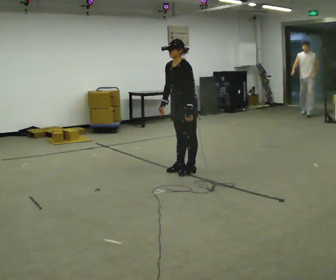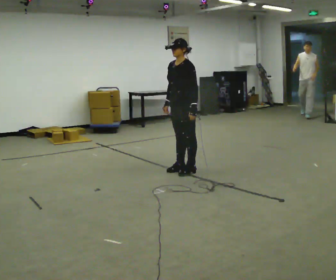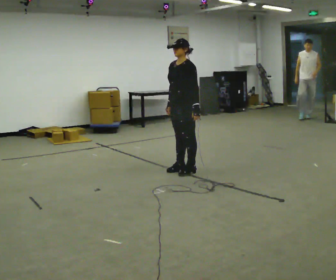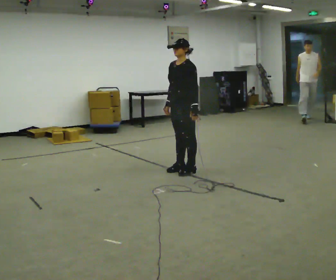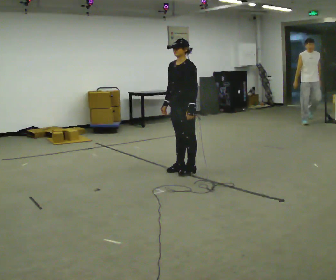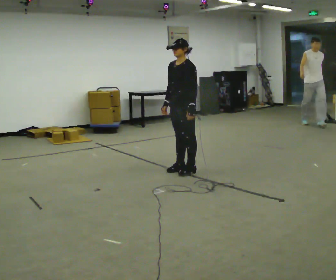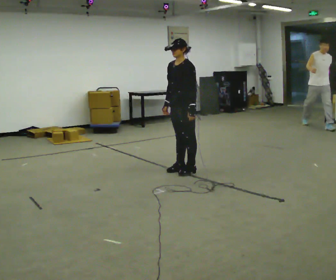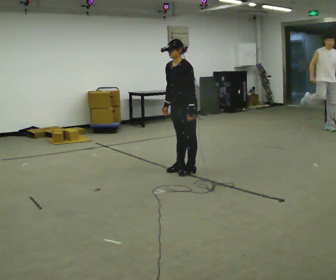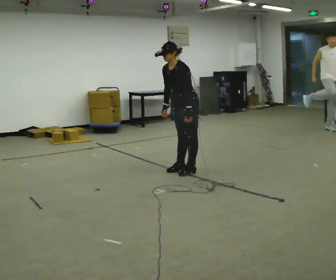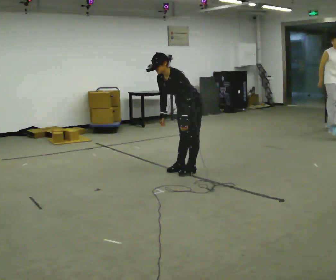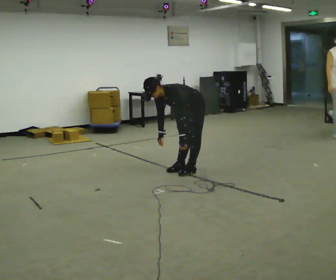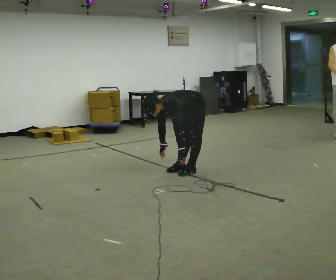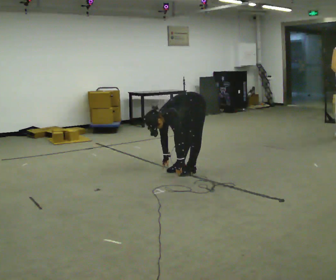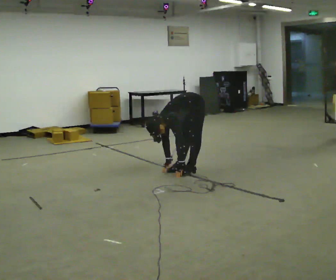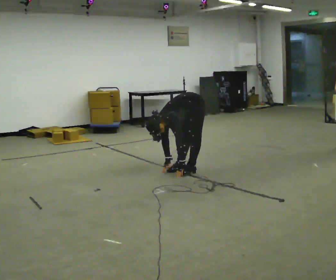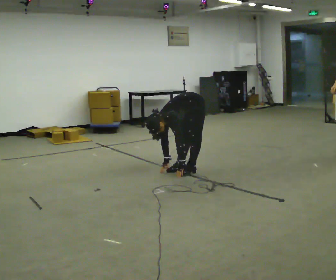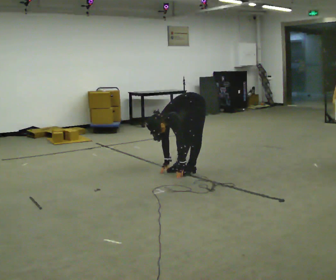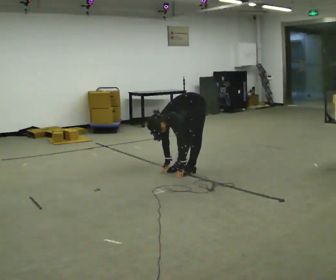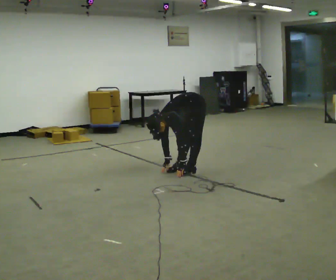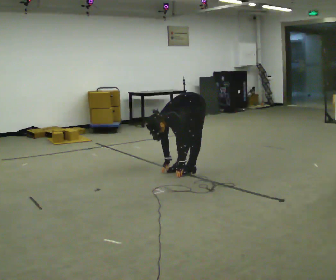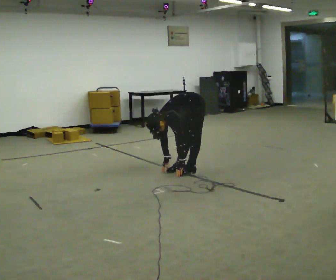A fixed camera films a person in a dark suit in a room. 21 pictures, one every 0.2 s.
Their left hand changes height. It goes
downward.
The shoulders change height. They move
downward.
0.0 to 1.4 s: The person moves a little, or ends about where they began.
1.4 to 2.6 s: The upper body goes downward. In the picture the upper body tilts counterclockwise, shoulders to the left, as they bend forward. In the picture their left hand goes downward.
2.6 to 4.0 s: The person keeps their place and pose.
The film runs forward here.
